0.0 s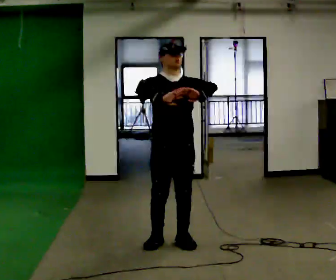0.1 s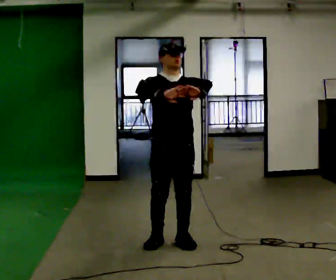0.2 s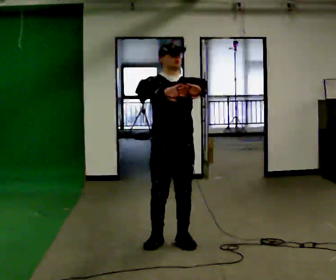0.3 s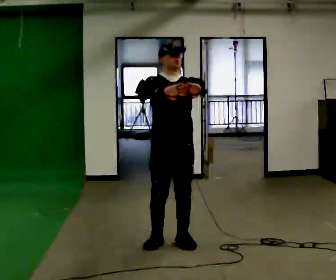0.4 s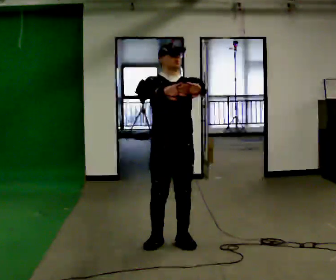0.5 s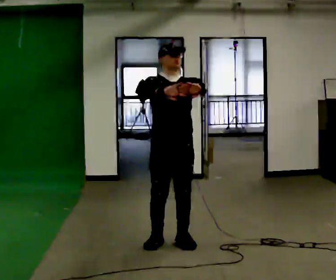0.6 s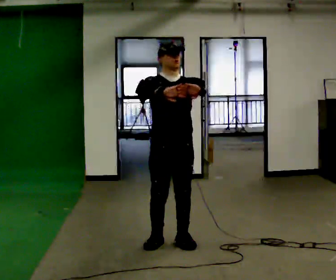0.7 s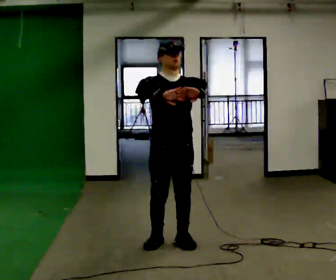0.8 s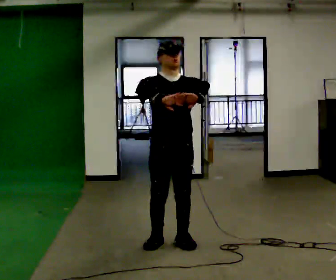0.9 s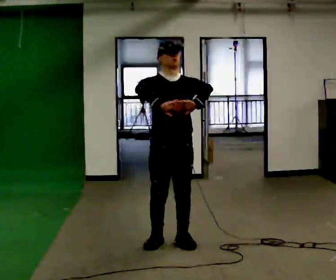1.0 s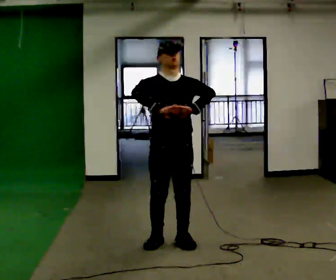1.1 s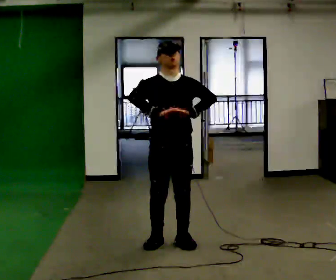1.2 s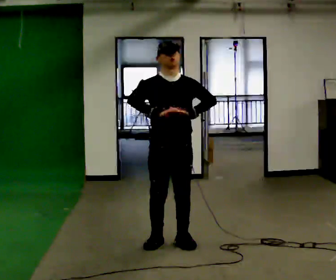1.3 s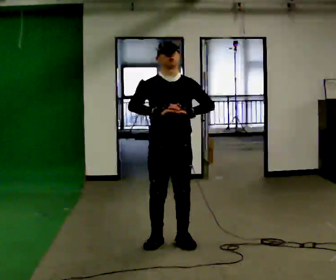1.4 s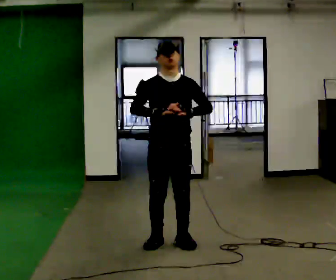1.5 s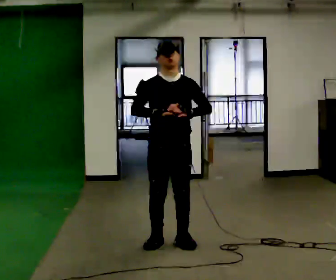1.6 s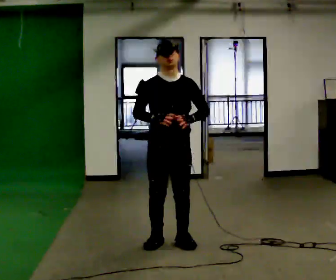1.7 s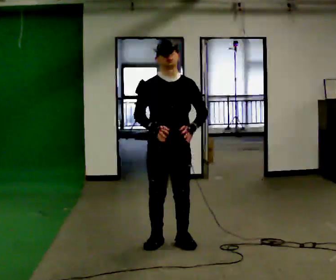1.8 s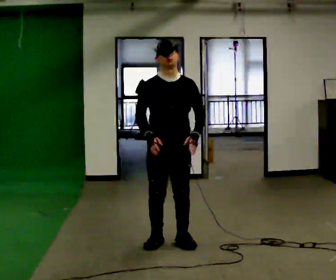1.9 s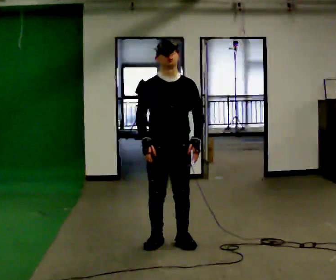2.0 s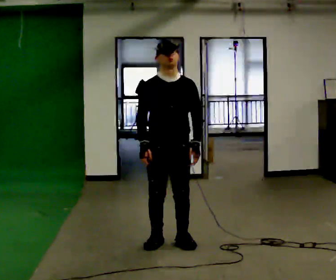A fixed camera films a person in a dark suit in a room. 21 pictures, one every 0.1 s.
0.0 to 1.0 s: The person moves a little, or ends about where they began.
1.0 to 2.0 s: In the picture their left hand goes downward.
The film runs backward here.
